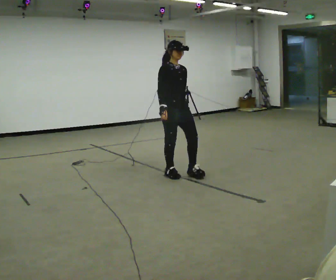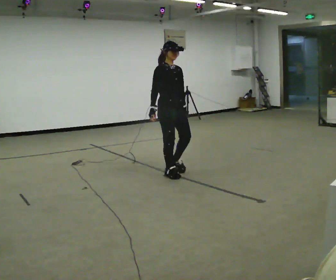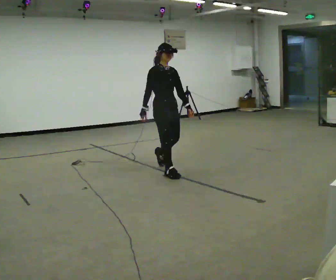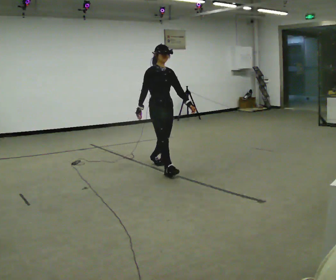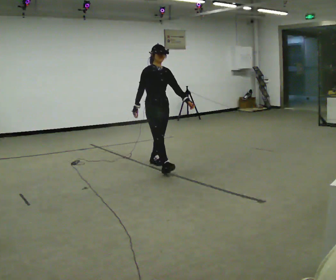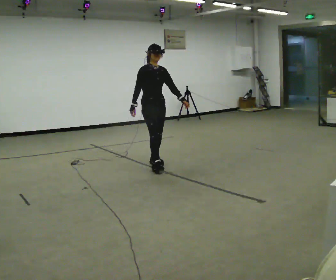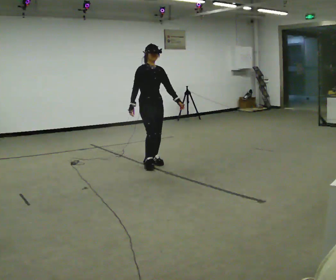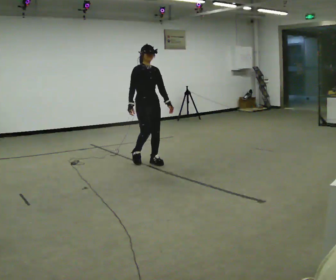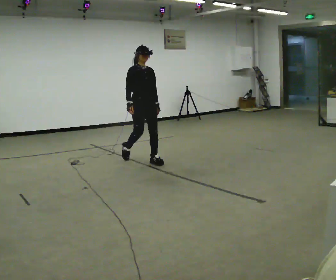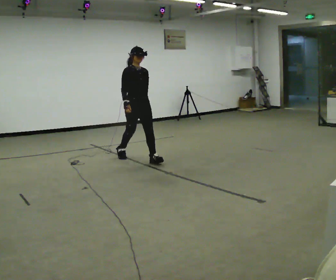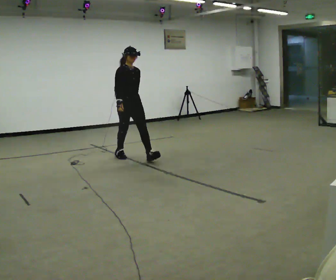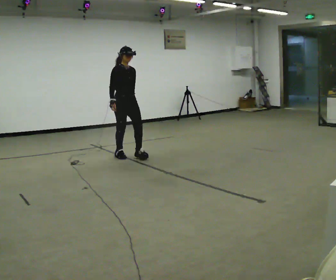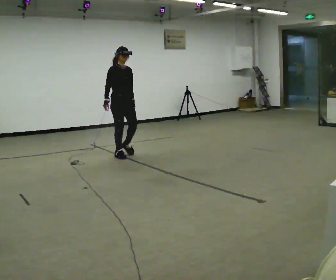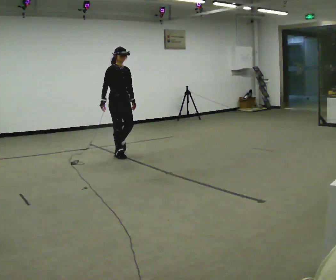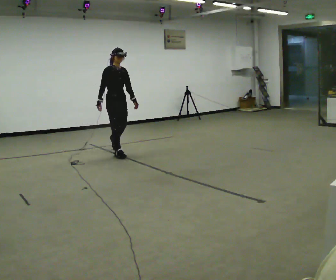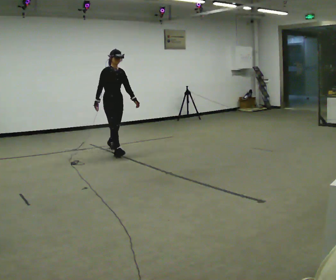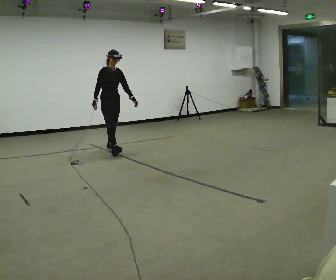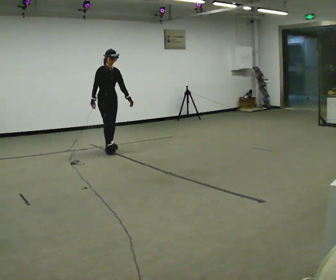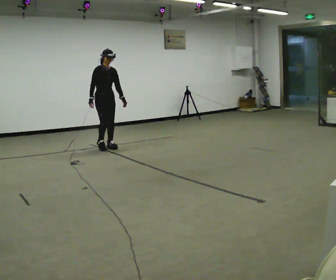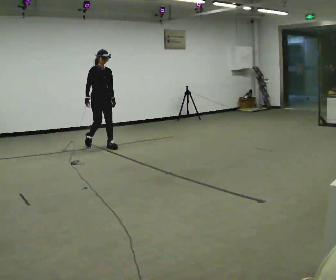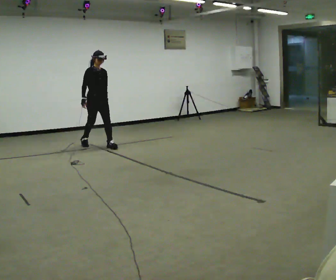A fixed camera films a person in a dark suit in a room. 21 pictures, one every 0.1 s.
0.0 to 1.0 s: In the picture they go away from the camera and to the left, about 1 m in 2 steps, which for them is backward.
1.0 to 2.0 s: In the picture they go away from the camera and to the left, about 1 m in 1 step, which for them is backward.
The film runs backward here.
